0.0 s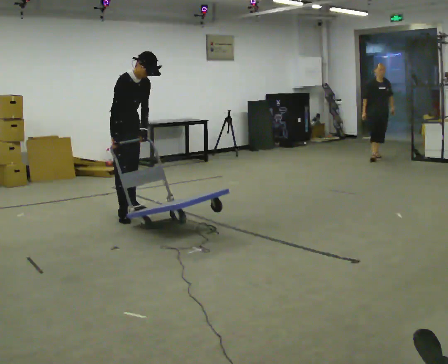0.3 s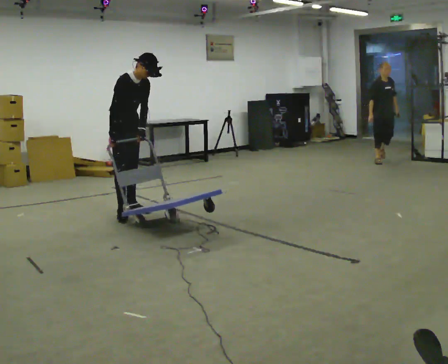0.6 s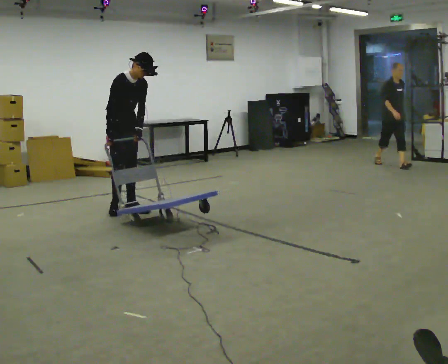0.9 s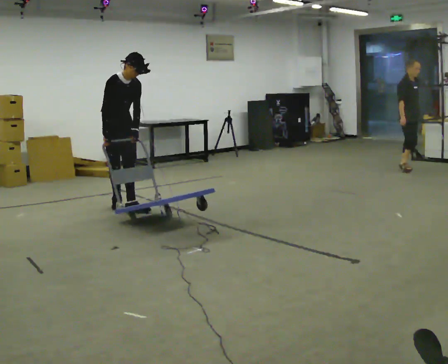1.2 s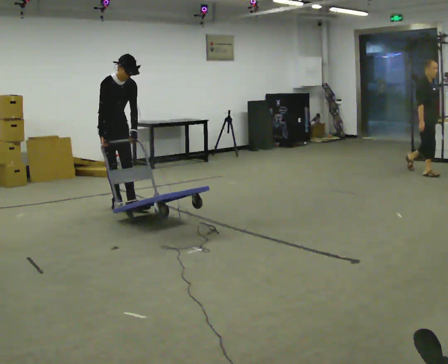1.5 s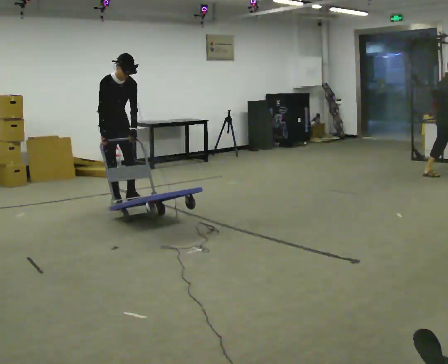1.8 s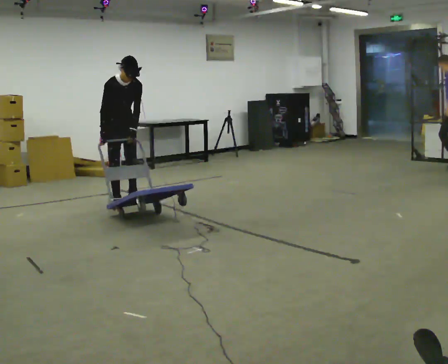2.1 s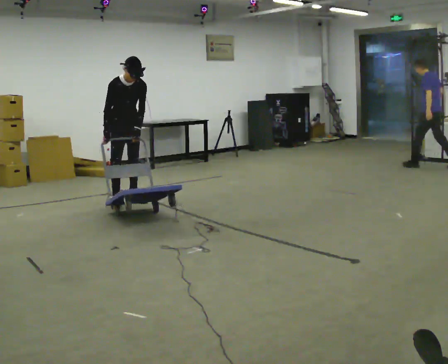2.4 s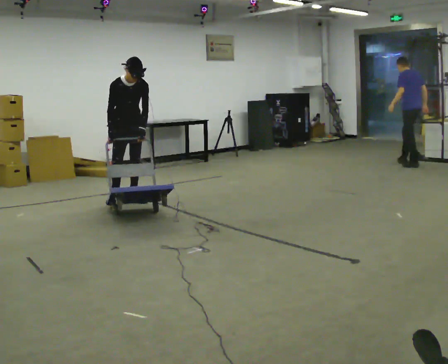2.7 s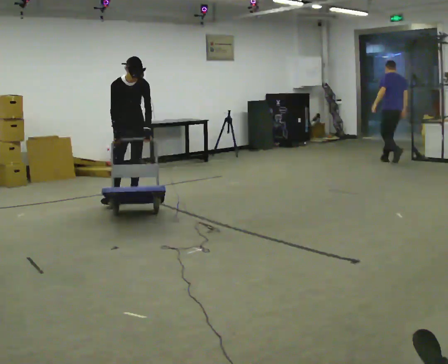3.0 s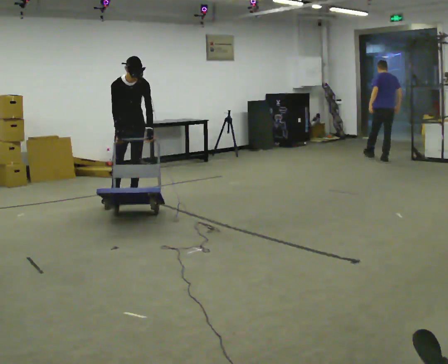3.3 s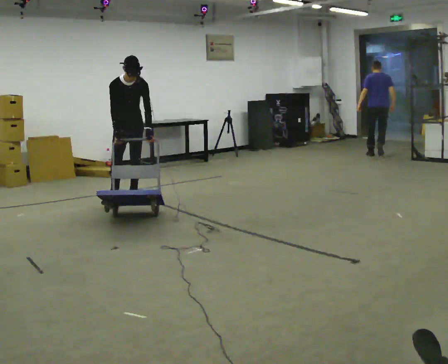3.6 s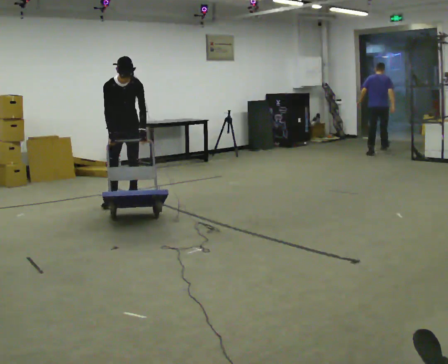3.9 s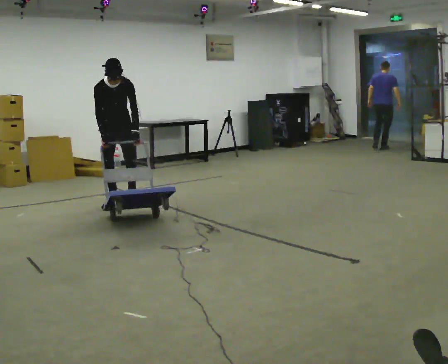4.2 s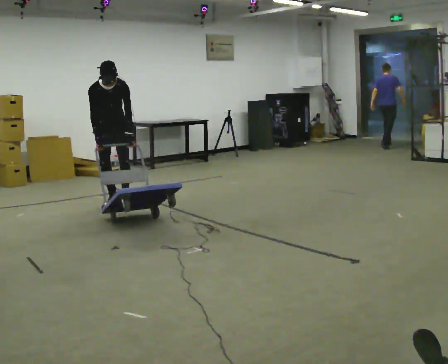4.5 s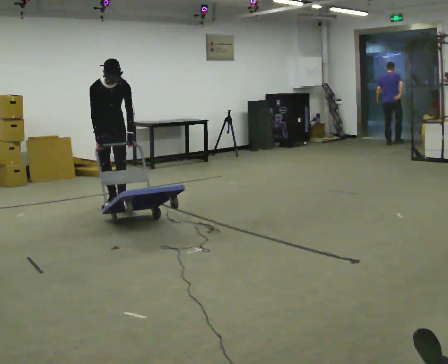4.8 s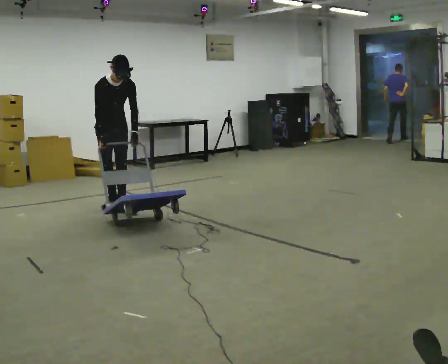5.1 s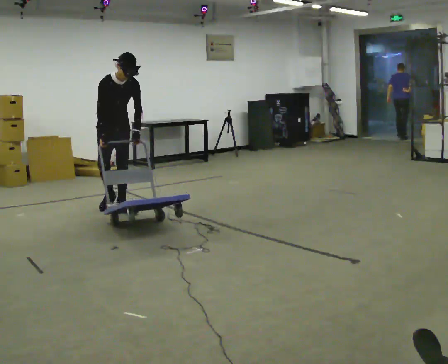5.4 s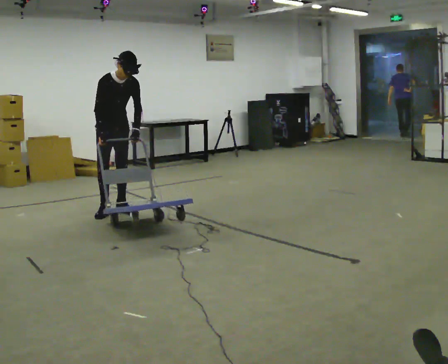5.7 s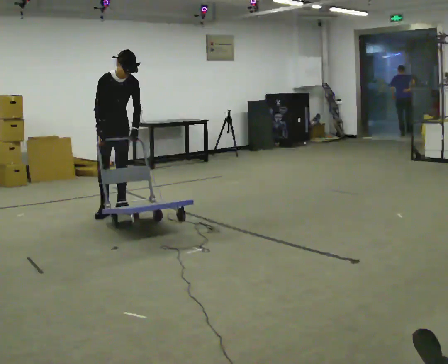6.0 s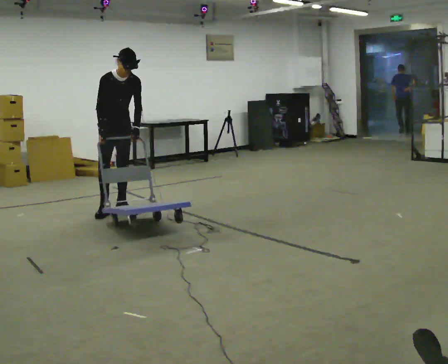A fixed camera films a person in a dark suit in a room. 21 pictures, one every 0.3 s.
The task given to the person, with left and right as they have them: Push the cart across the room using only the hand the operator calls. Keep your other arm at your side.
0.0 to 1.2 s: In the picture they go away from the camera, about 0.25 m in 1 step, which for them is backward.
1.2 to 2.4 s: In the picture they go away from the camera and to the right, about 0.25 m in 1 step, which for them is to their left and backward.
2.4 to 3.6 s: The person moves a little, or ends about where they began.
3.6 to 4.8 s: In the picture they go toward the camera, about 0.5 m in 1 step, which for them is forward and to their right.
4.8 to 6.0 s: The person moves a little, or ends about where they began.
The film runs forward here.
